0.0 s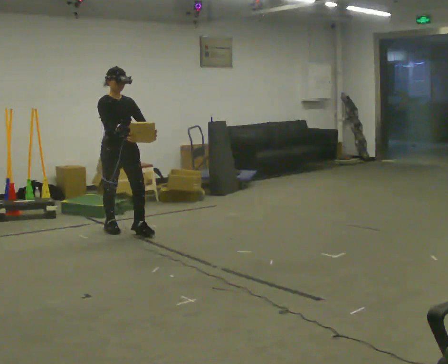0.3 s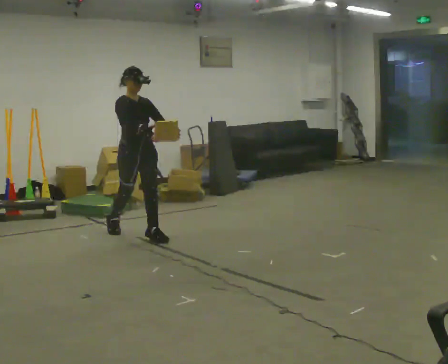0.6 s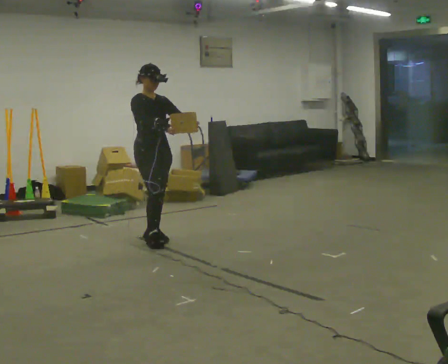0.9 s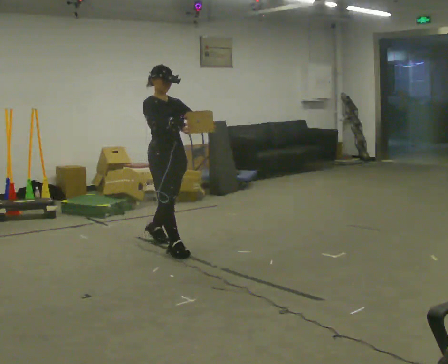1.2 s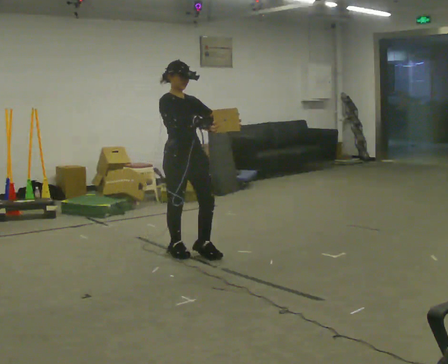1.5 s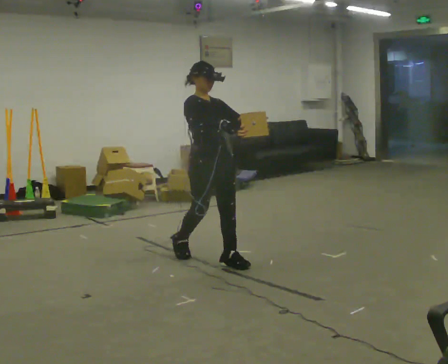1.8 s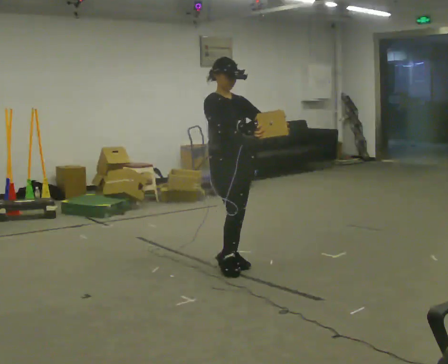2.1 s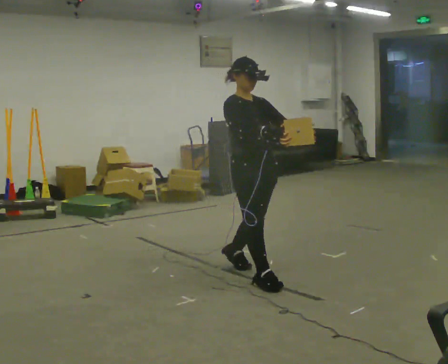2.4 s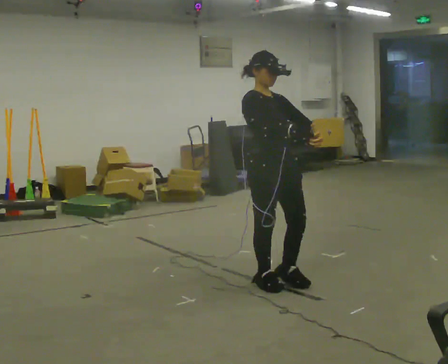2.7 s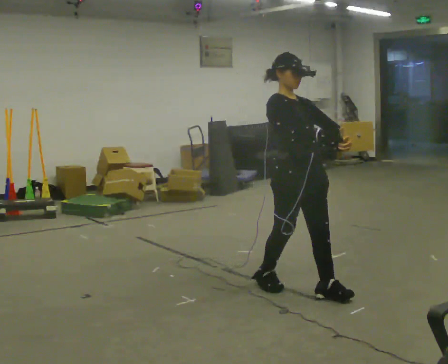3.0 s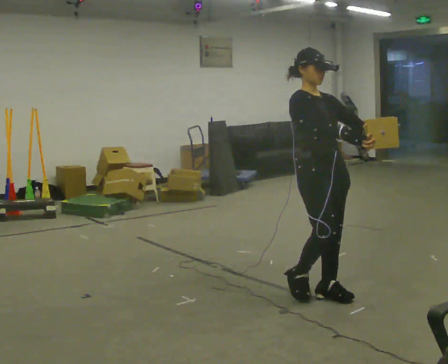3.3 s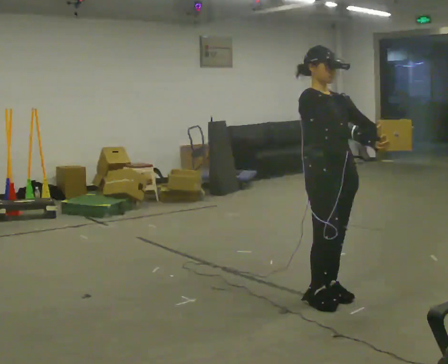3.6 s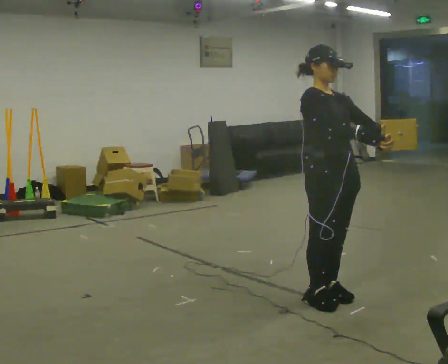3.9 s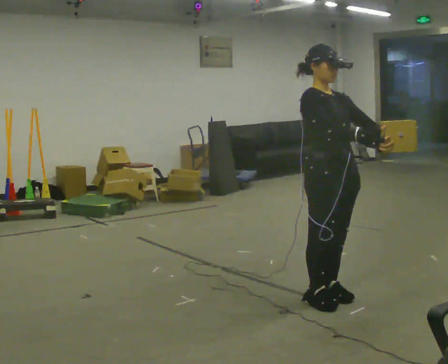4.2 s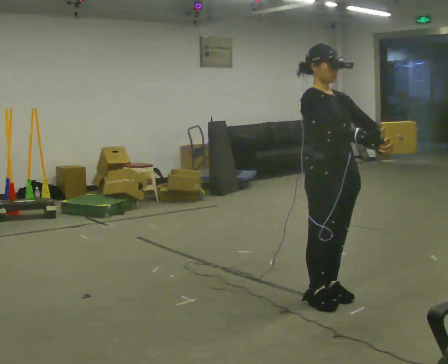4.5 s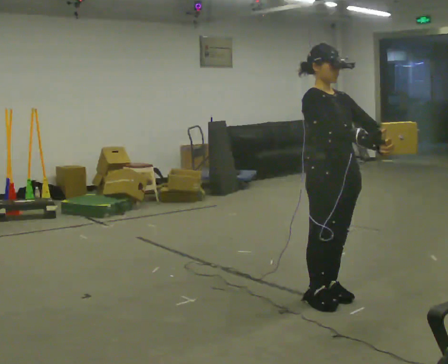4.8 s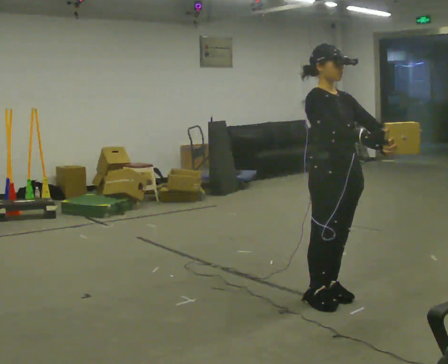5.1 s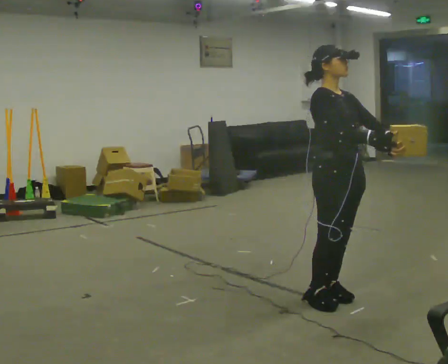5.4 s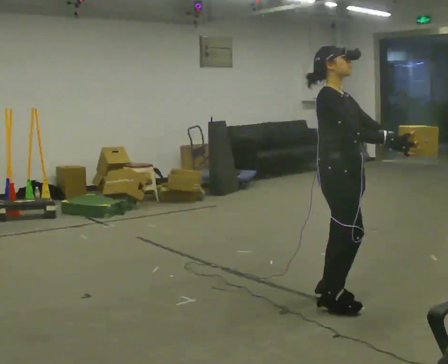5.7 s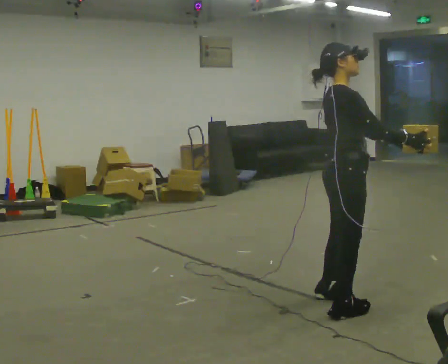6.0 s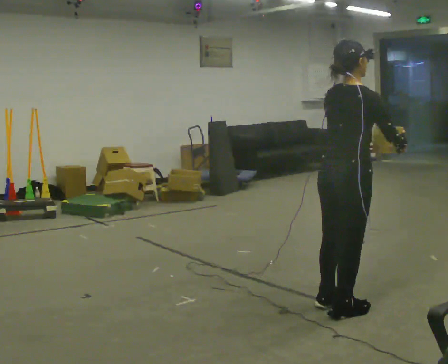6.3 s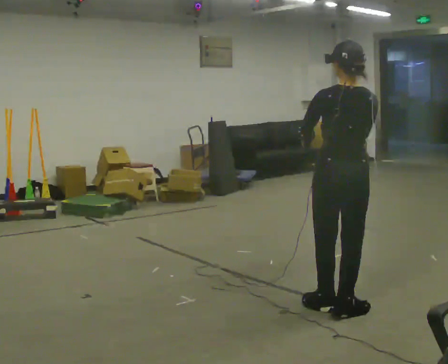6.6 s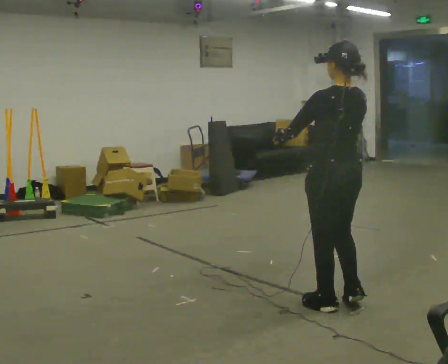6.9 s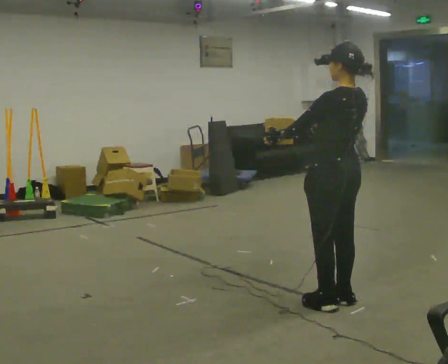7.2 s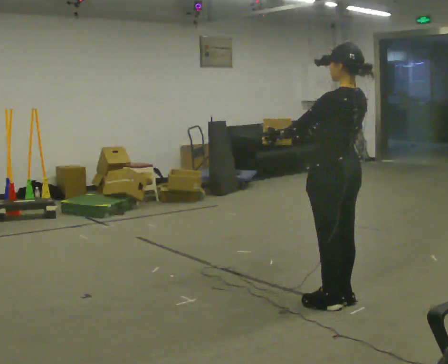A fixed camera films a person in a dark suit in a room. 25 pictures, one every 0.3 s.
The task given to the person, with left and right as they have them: Carry the light box in both hands in front of you, walking back and forth across the room. Keep walking until the operator says stop.
0.0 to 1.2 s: In the picture they go to the right and toward the camera, about 1 m in 2 steps, which for them is forward.
1.2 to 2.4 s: In the picture they go to the right and toward the camera, about 1 m in 2 steps, which for them is forward.
2.4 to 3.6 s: In the picture they go to the right and toward the camera, about 0.5 m in 2 steps, which for them is forward.
3.6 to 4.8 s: The person moves a little, or ends about where they began.
4.8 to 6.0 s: The part of the body nearest the lens slides to the right as the person turns to their left by about 90 degrees. In the picture they go toward the camera, about 0.25 m in 2 steps.
6.0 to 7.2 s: The part of the body nearest the lens slides to the right as the person turns to their left by about 90 degrees. In the picture their right hand goes to the left.
The film runs forward here.
